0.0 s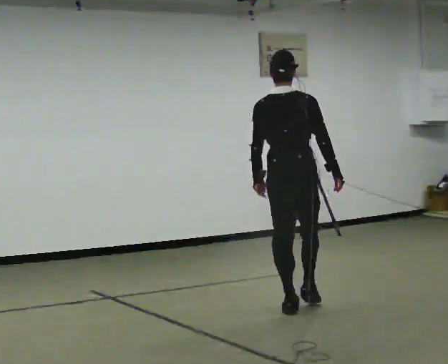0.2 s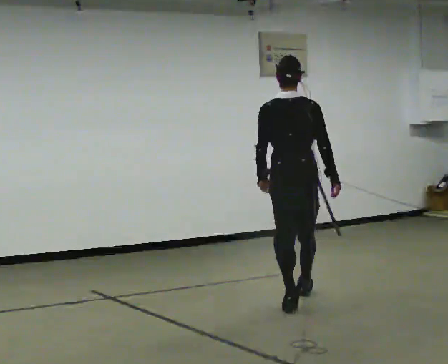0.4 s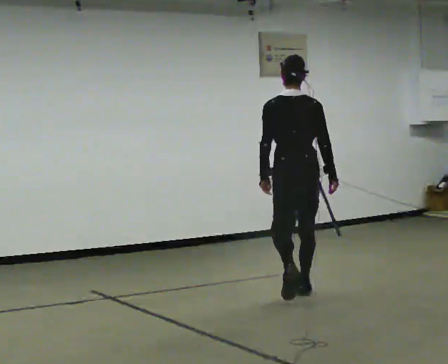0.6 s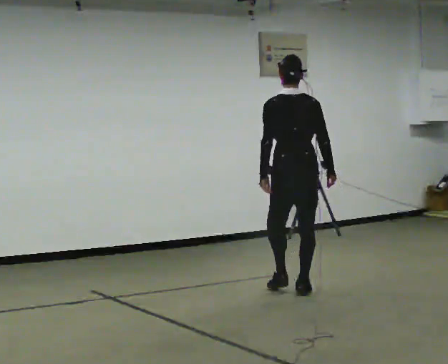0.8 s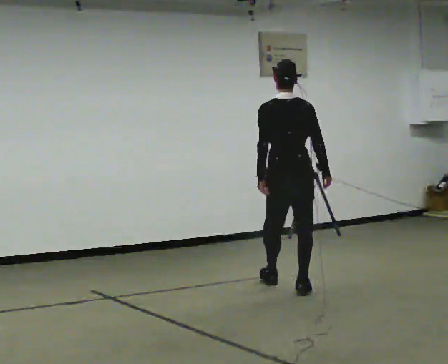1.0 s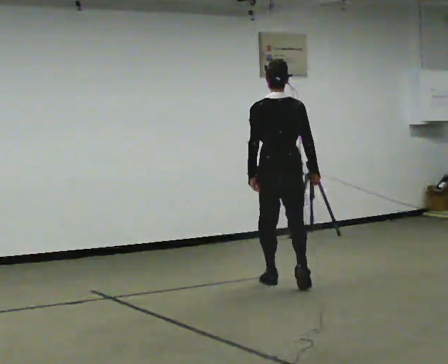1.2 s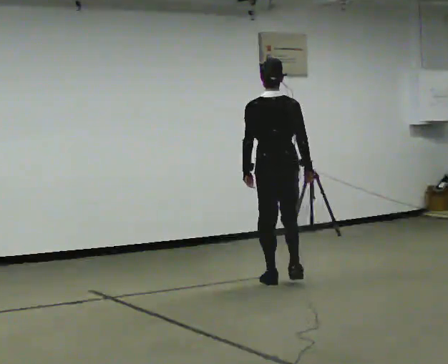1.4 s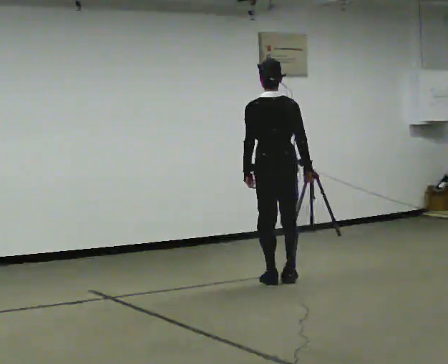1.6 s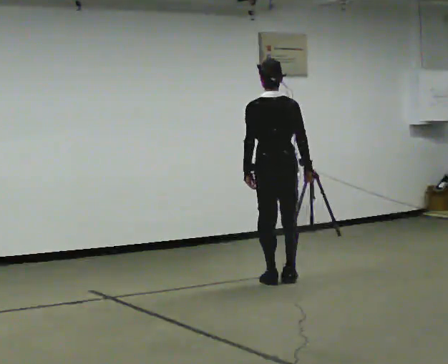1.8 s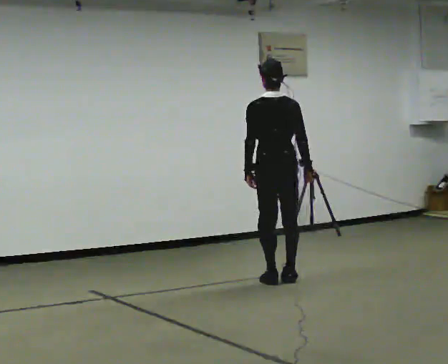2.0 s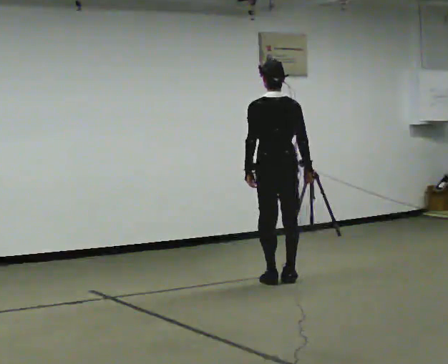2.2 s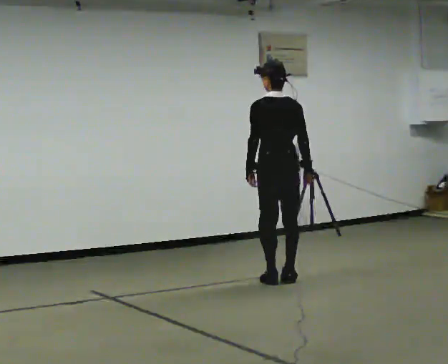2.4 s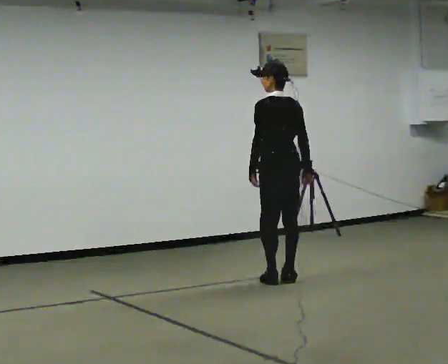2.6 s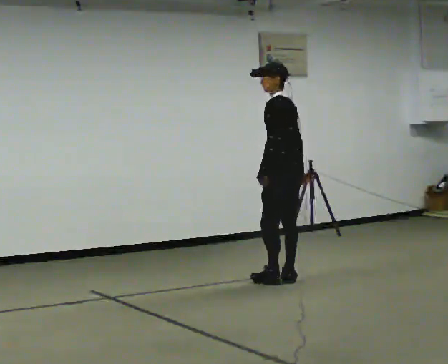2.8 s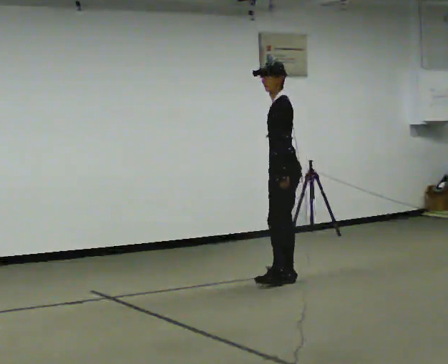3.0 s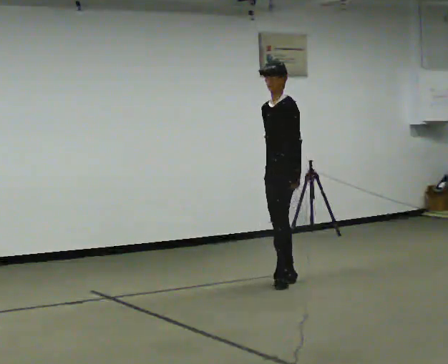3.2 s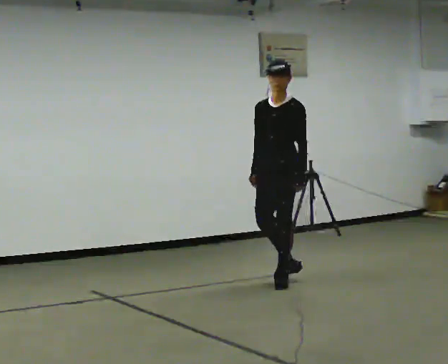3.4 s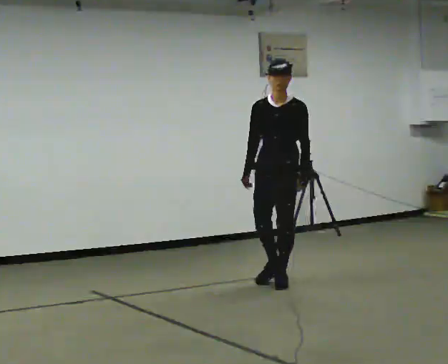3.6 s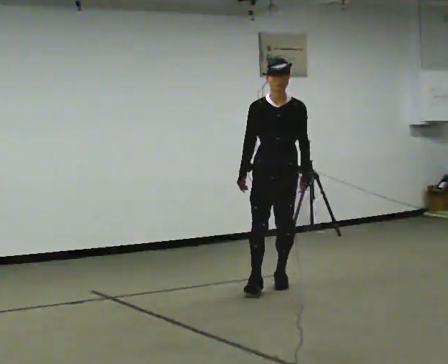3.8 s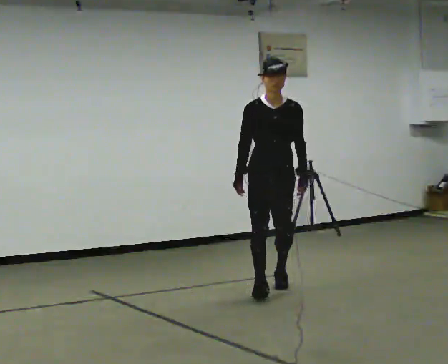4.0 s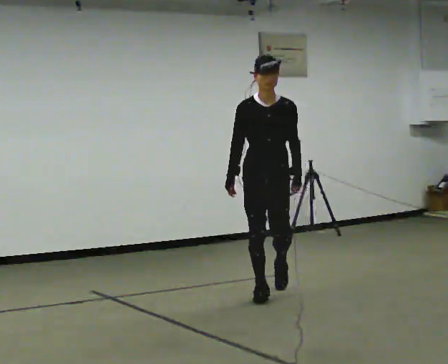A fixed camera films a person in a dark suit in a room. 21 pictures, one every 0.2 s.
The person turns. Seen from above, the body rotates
counterclockwise.
The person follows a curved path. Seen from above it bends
counterclockwise.
0.0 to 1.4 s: In the picture they go away from the camera, about 1 m in 3 steps, which for them is forward.
1.4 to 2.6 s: Seen from above the body turns counterclockwise, about 45 degrees: to their left, with its near side sliding to the right.
2.6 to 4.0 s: The part of the body nearest the lens slides to the right as the person turns to their left by about 135 degrees. In the picture they go toward the camera, about 0.75 m in 1 step.
The film runs forward here.
